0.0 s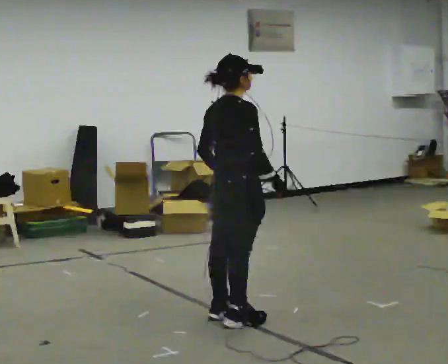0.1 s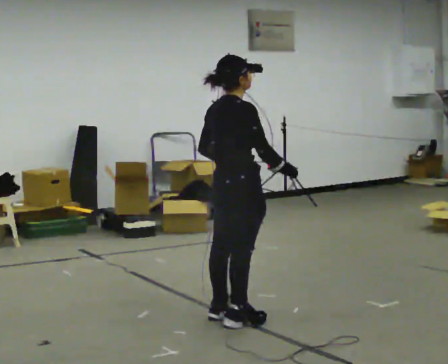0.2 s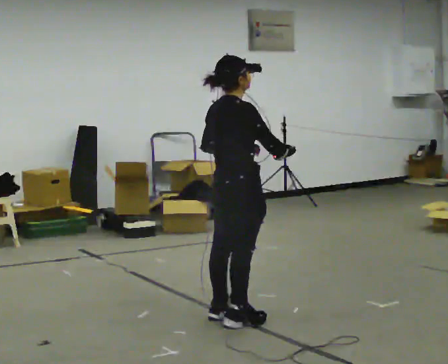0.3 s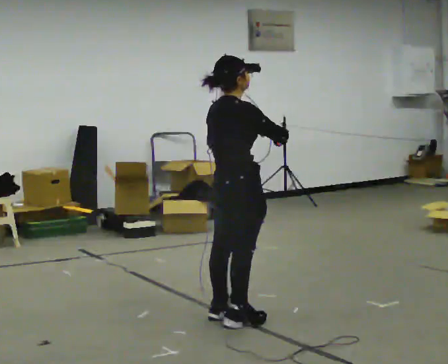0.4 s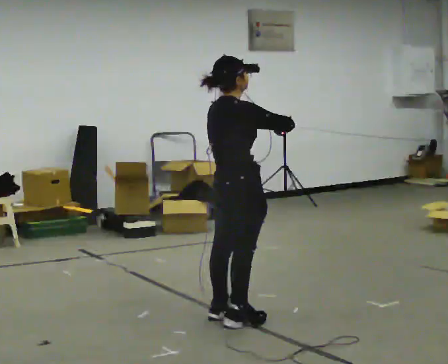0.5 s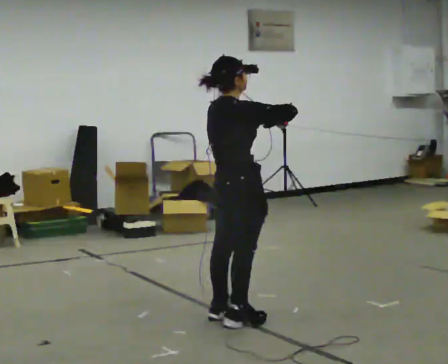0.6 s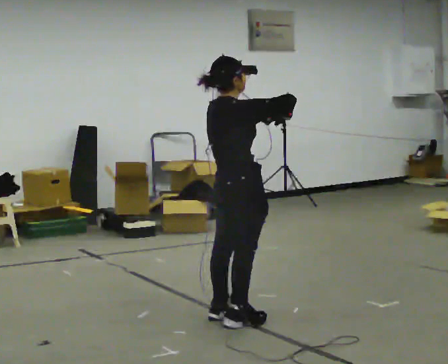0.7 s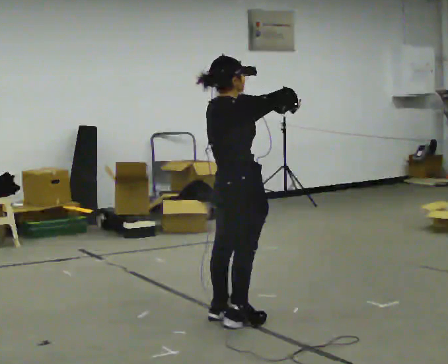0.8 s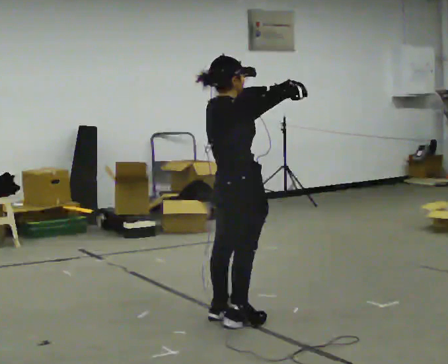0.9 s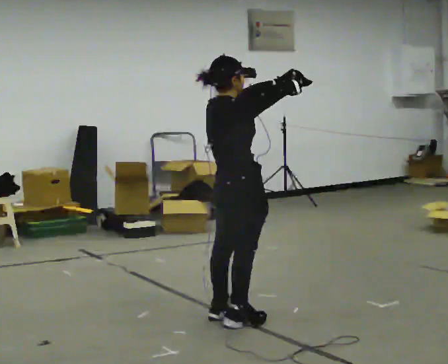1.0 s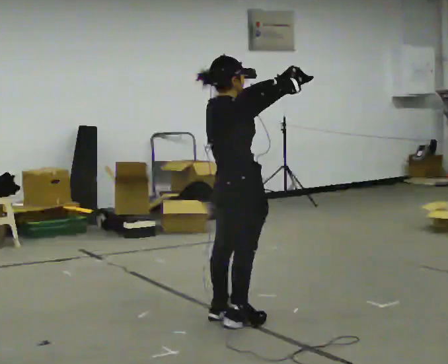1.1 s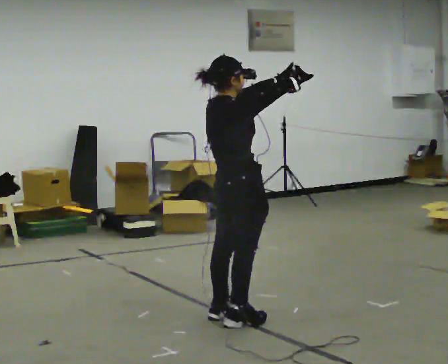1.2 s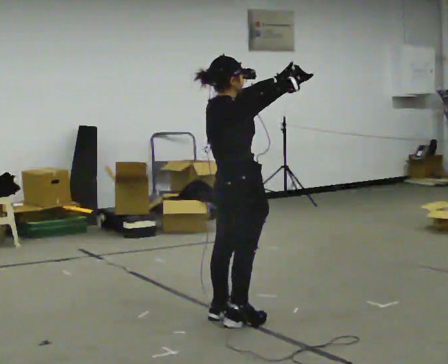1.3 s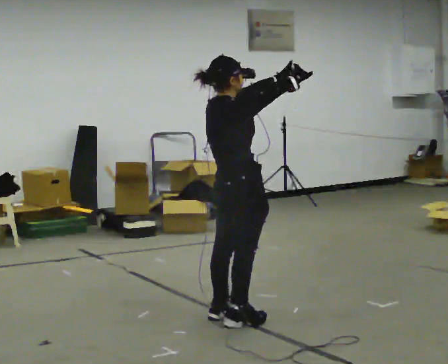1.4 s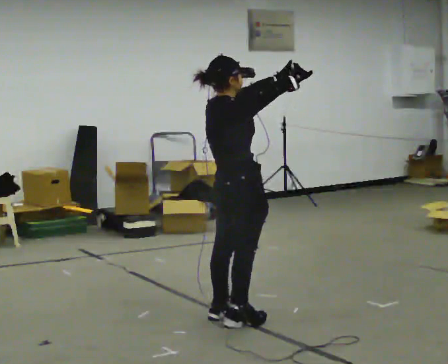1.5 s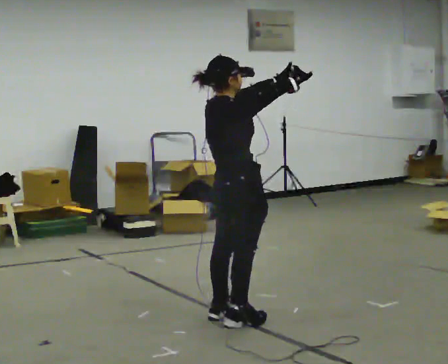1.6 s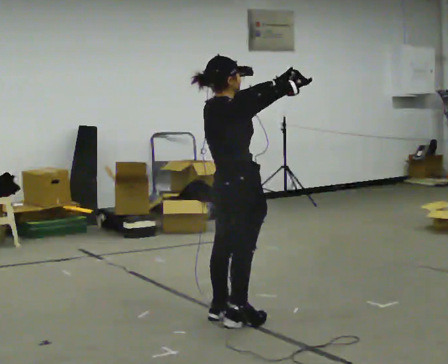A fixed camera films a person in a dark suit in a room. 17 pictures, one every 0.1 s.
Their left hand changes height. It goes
upward.
Their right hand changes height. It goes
upward.
0.0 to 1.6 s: In the picture their right hand goes upward.
The film runs backward here.
